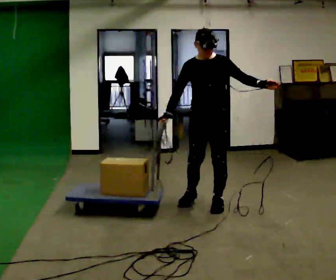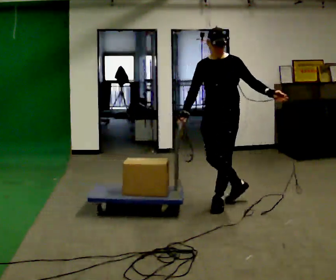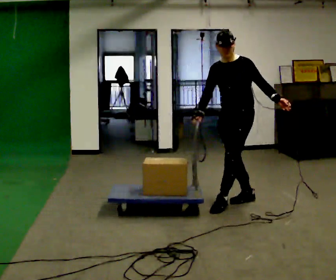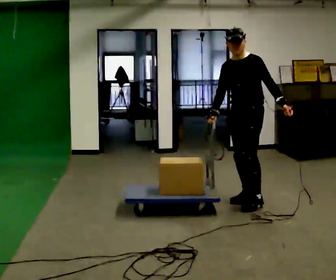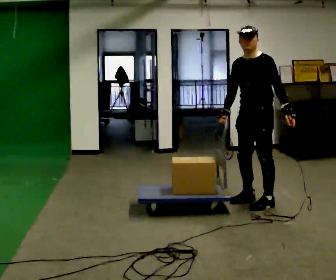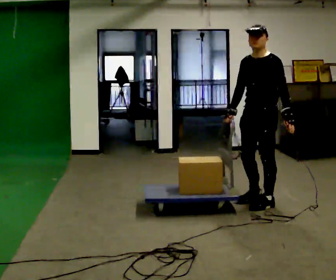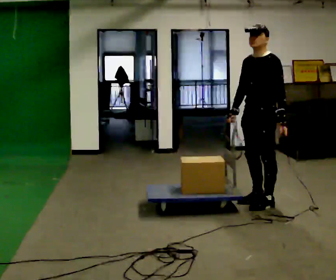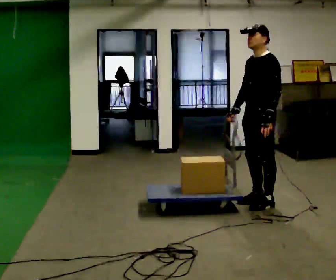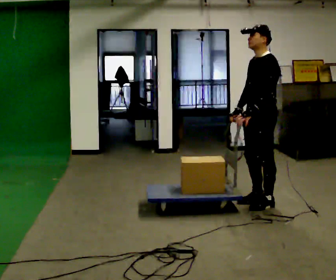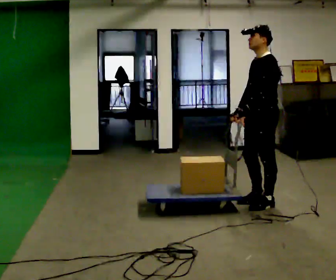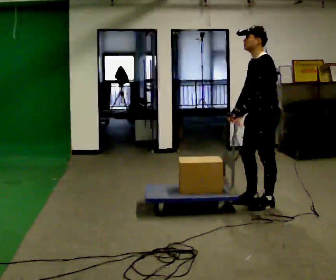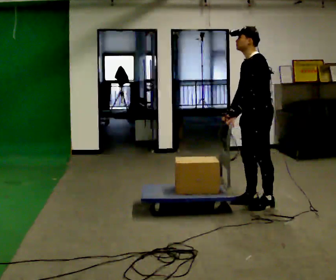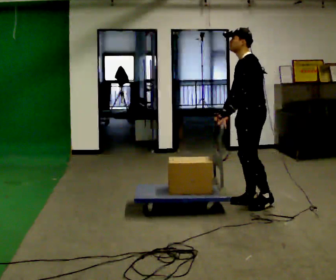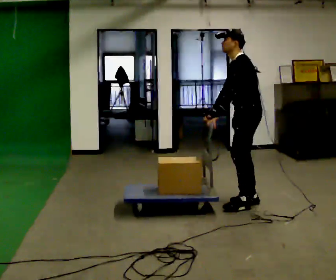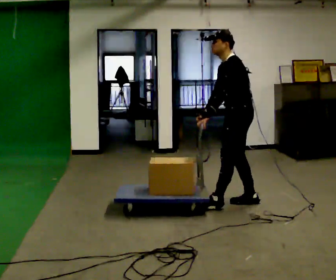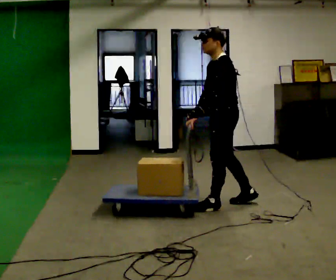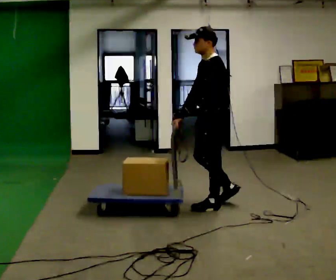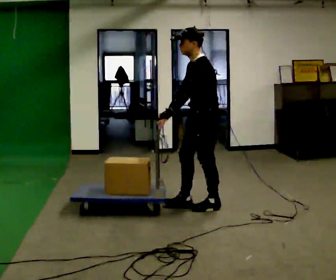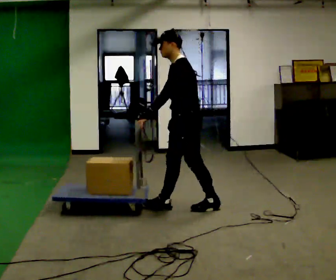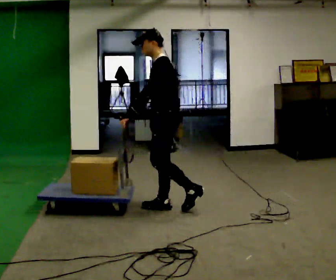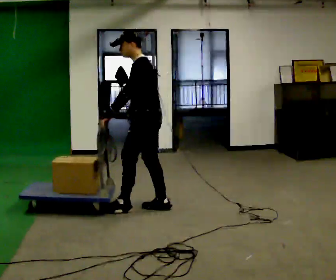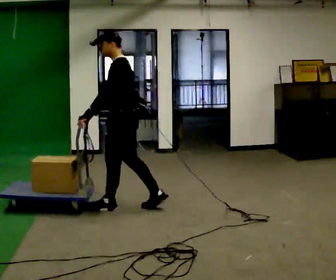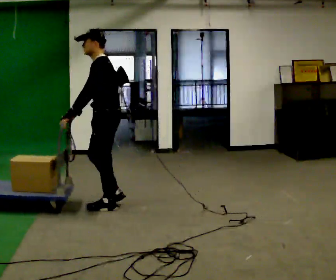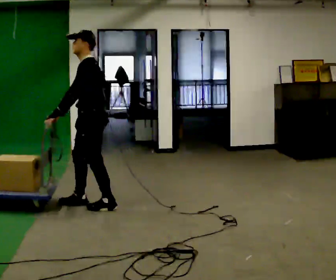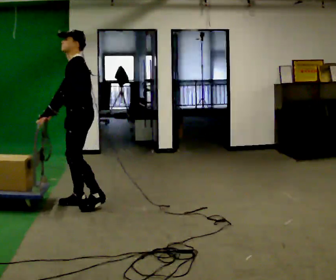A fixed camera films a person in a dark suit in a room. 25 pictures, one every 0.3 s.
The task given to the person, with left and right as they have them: Drag the sled across the room. The bags on it are loose and will move about as it goes. The operator will log the load and the peak reading on the scale for every take.
0.0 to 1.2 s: The person turns about 30 degrees to their right, clockwise seen from above, so the part of the body nearest the lens slides to the left. In the picture they go to the right, about 0.5 m in 2 steps, which for them is backward and to their left.
1.2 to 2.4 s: The person turns about 30 degrees to their right, clockwise seen from above, so the part of the body nearest the lens slides to the left. In the picture their left hand goes to the left, the arm swinging clockwise.
2.4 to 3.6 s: The person moves a little, or ends about where they began.
3.6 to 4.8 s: In the picture they go to the left, about 0.5 m in 1 step, which for them is forward.
4.8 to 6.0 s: In the picture they go to the left, about 0.75 m in 1 step, which for them is forward.
6.0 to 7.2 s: In the picture they go to the left, about 0.75 m in 2 steps, which for them is forward.
The film runs forward here.
